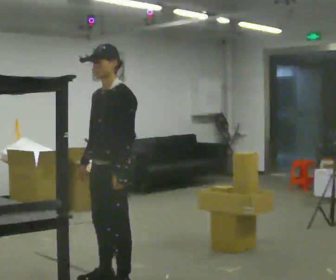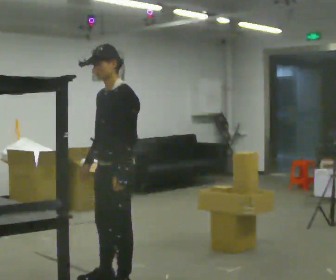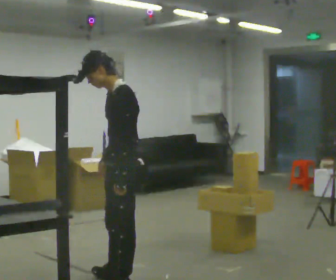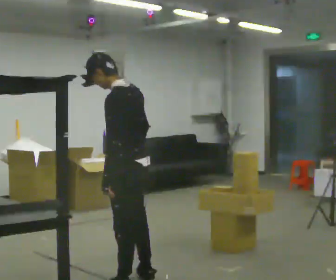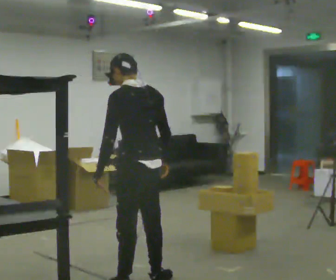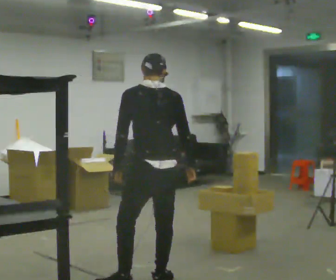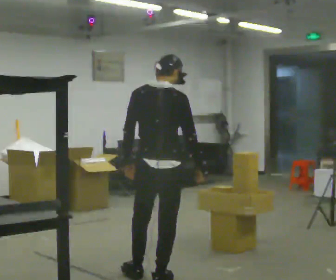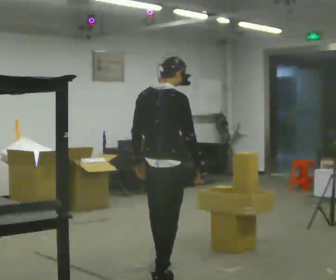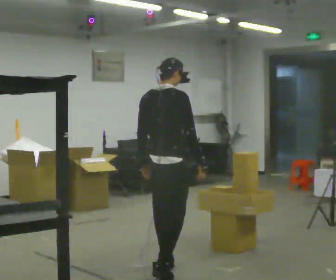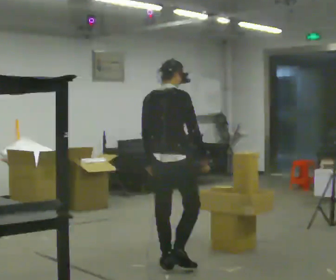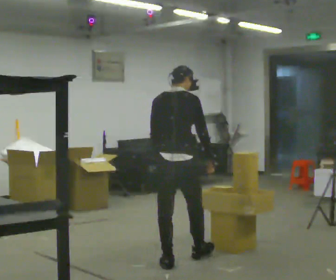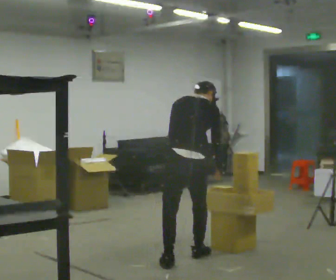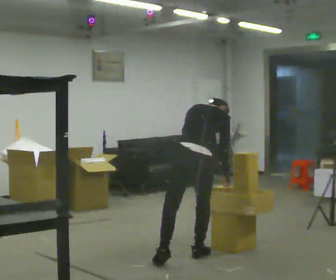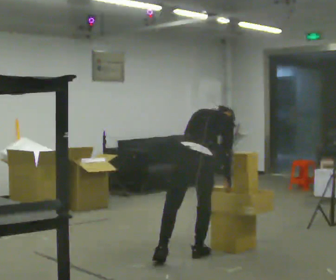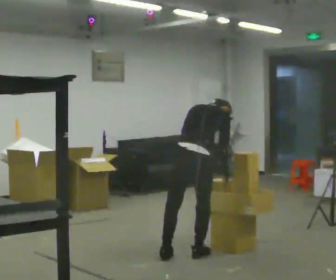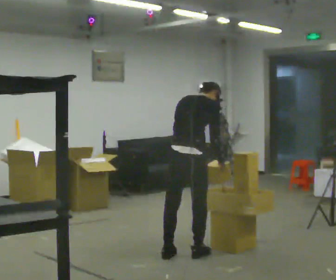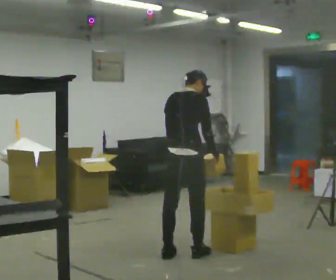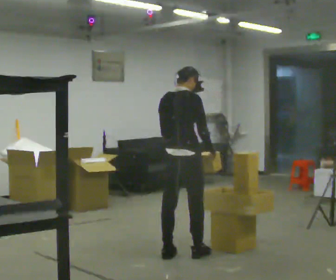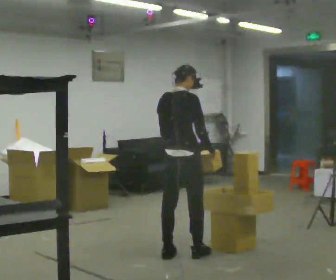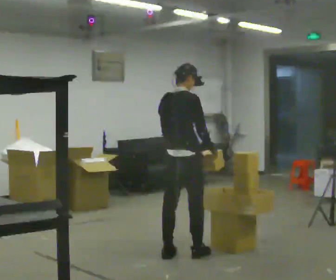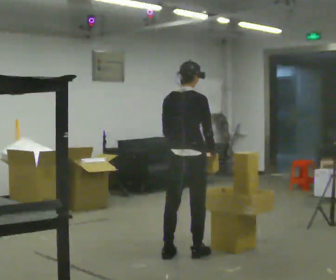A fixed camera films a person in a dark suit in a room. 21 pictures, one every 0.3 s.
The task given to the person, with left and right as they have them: Take an object down from the highest shelf you can comfortably reach, carry it across, and place it on the waist-height shelf. Keep going until the operator says stop; one object at a time, and do not rush between trips.
0.0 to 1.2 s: The part of the body nearest the lens slides to the left as the person turns to their right by about 75 degrees. In the picture they go to the right, about 0.25 m in 1 step. In the picture their right hand goes to the right, the arm swinging counterclockwise.
1.2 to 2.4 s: Seen from above the body turns clockwise, about 75 degrees: to their right, with its near side sliding to the left. In the picture they go away from the camera, about 0.5 m in 1 step.
2.4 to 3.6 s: In the picture they go away from the camera and to the right, about 0.5 m in 1 step, which for them is forward. The shoulders move downward. The upper body tips away from the camera, its near side rolling upward, as they bend forward.
3.6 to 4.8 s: The shoulders move upward. The upper body tips toward the camera, its near side rolling downward, as they lean back or straighten.
4.8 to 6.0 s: The person moves a little, or ends about where they began.
The film runs forward here.
